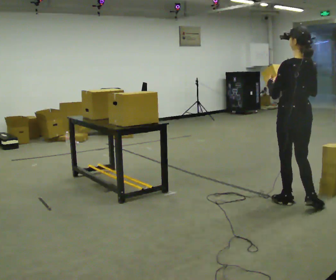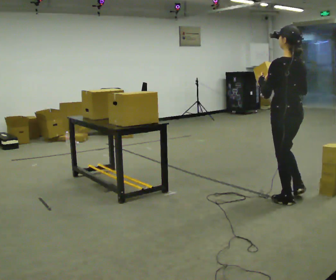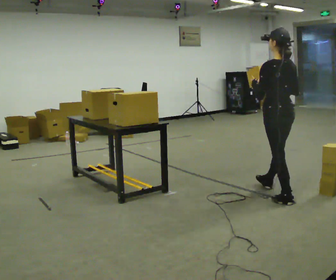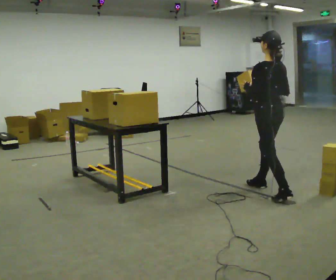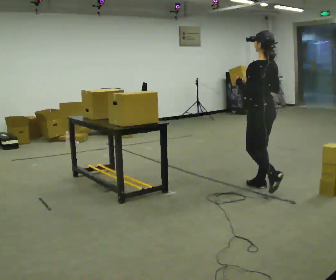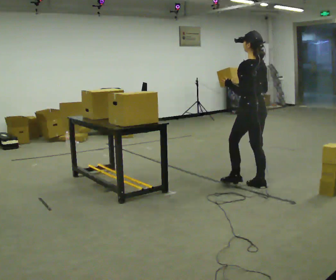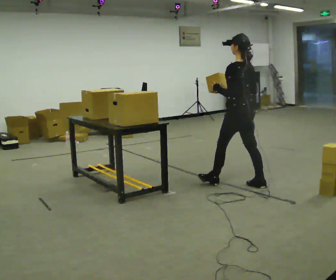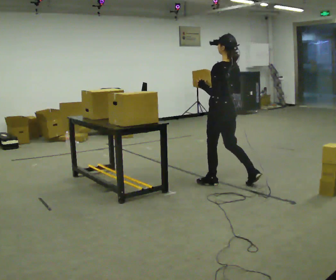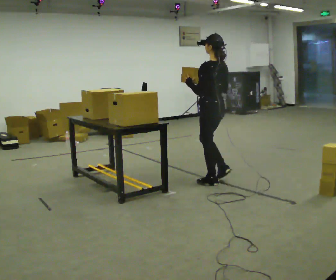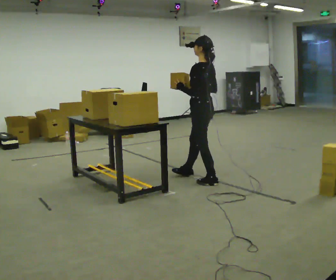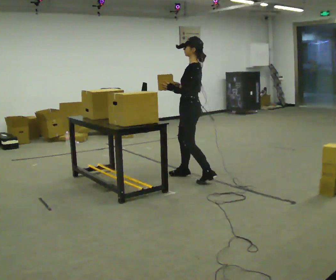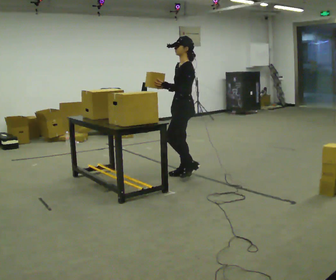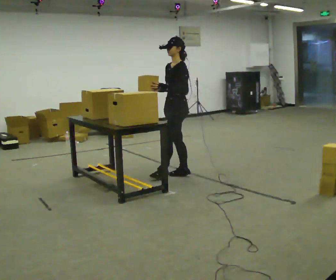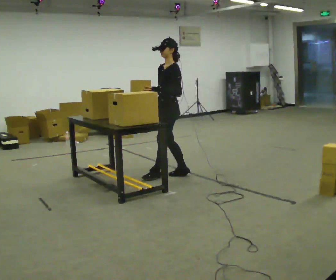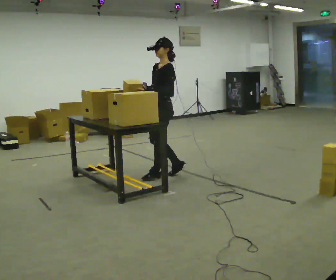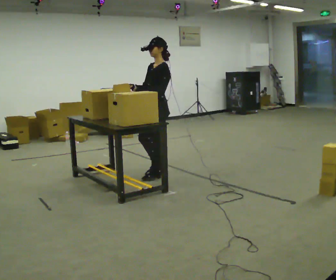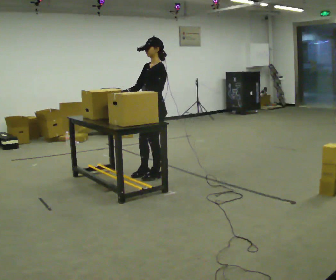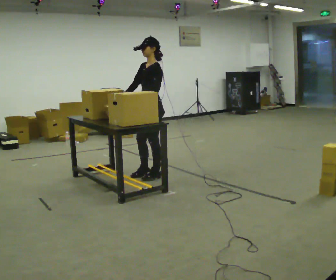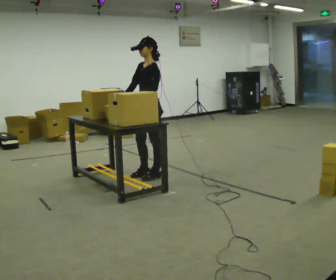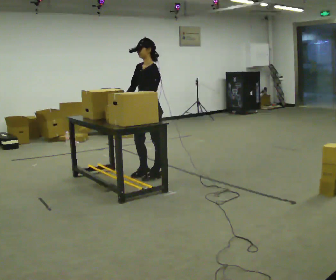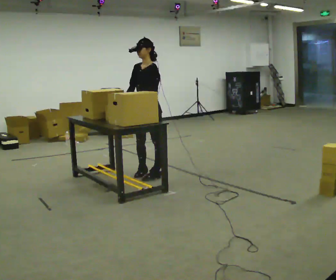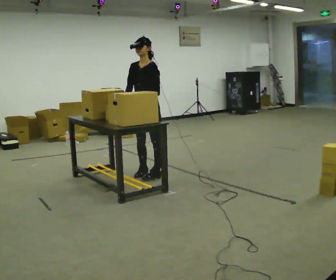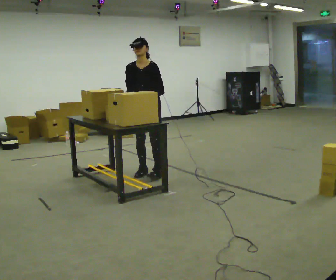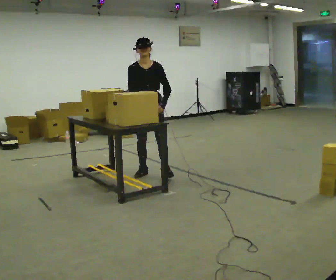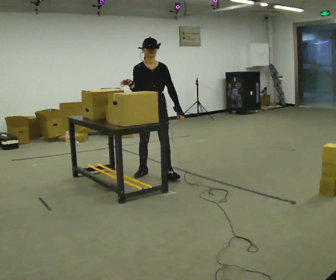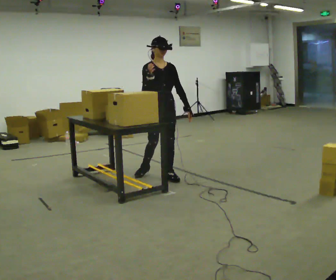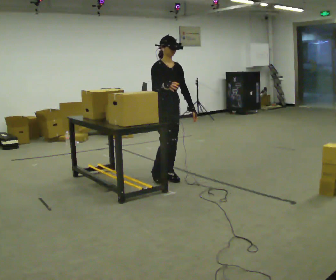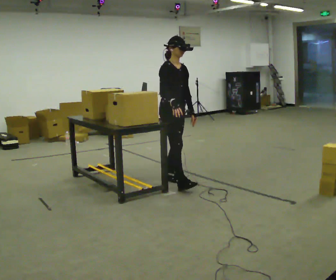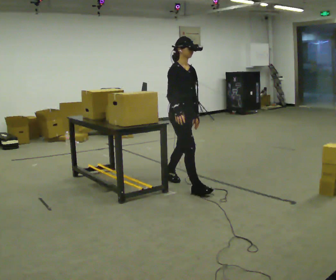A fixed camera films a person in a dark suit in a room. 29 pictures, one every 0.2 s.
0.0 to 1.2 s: The person turns about 30 degrees to their left, counterclockwise seen from above, so the part of the body nearest the lens slides to the right. In the picture they go away from the camera and to the left, about 1 m in 2 steps, which for them is forward.
1.2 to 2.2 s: The part of the body nearest the lens slides to the right as the person turns to their left by about 60 degrees. In the picture they go to the left and away from the camera, about 0.75 m in 1 step, which for them is forward.
2.2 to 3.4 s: In the picture they go to the left, about 0.25 m in 2 steps, which for them is forward.
3.4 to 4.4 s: The person turns about 60 degrees to their left, counterclockwise seen from above, so the part of the body nearest the lens slides to the right.
4.4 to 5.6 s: Seen from above the body turns counterclockwise, about 60 degrees: to their left, with its near side sliding to the right. In the picture they go toward the camera and to the right, about 0.5 m in 1 step.
The film runs forward here.
